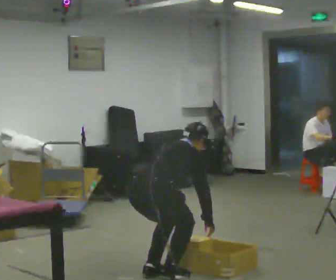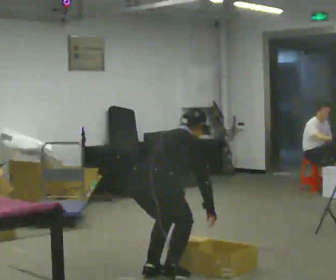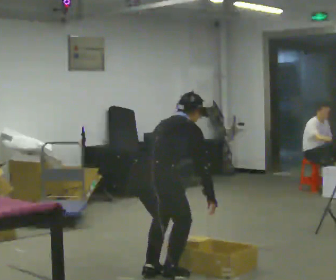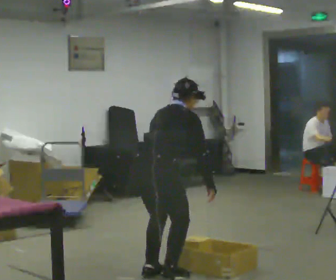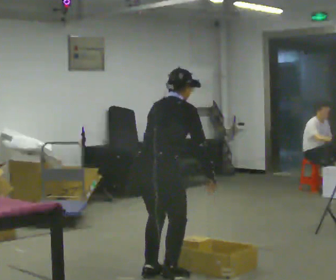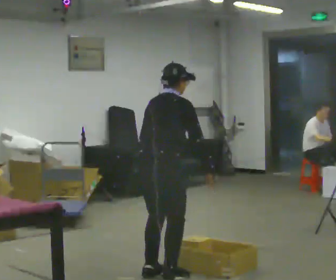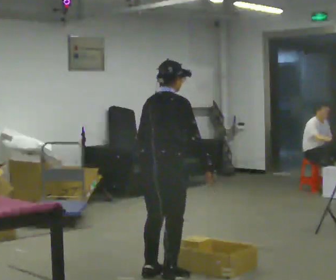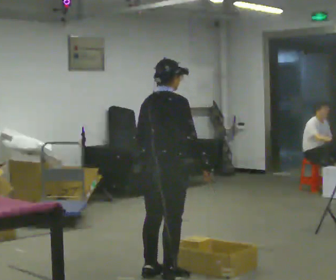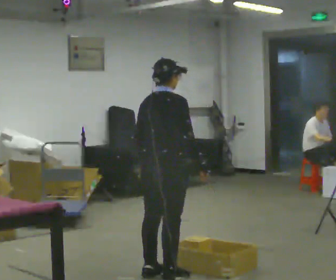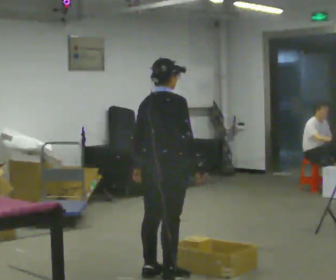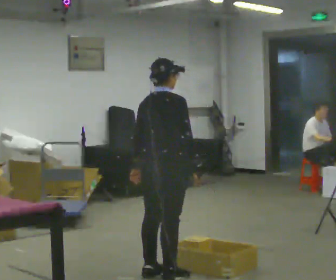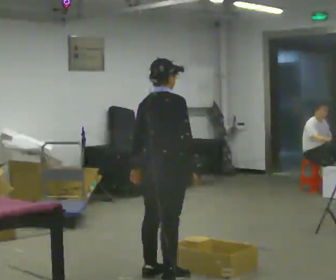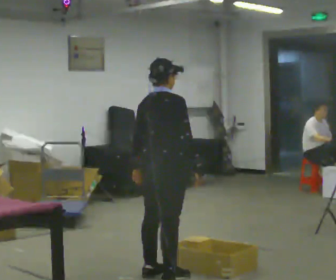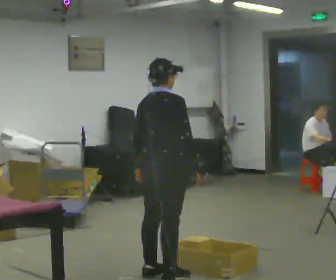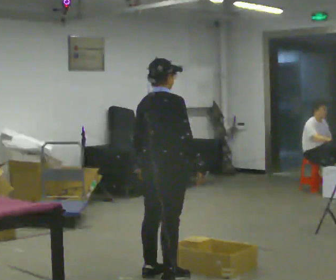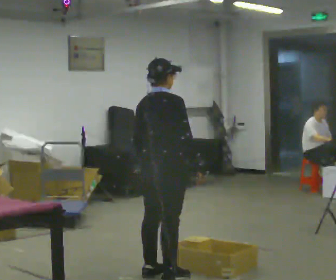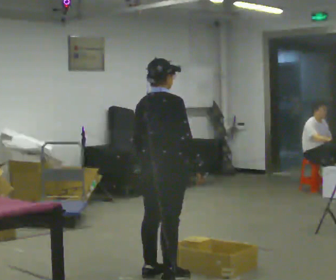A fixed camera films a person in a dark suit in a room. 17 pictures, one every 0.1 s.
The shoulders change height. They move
upward.
Their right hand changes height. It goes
upward.
0.0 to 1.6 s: The upper body goes upward. In the picture the upper body tilts counterclockwise, shoulders to the left, as they lean back or straighten. In the picture their right hand goes upward.
The film runs forward here.
